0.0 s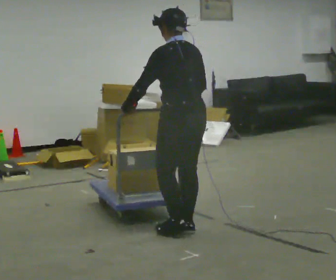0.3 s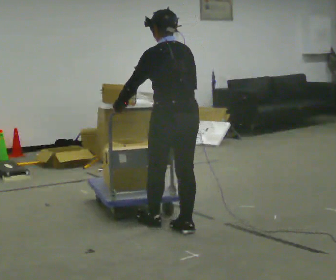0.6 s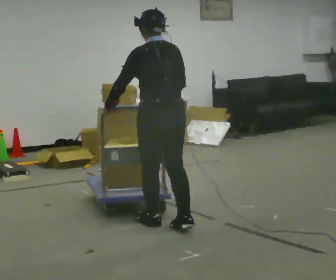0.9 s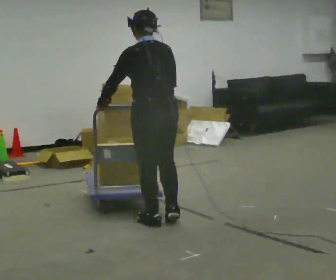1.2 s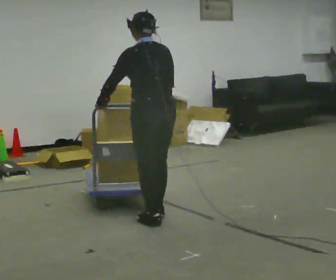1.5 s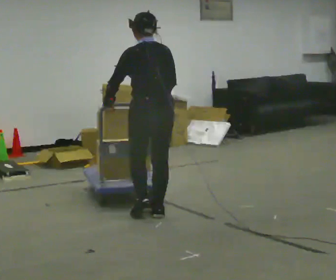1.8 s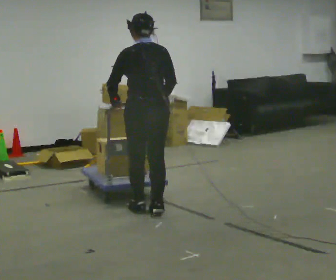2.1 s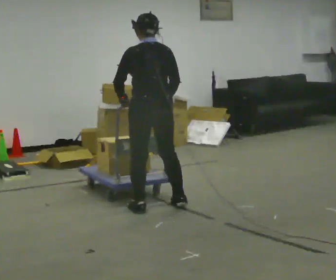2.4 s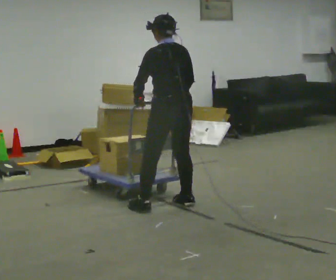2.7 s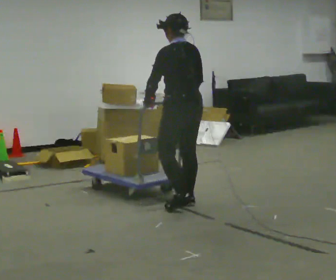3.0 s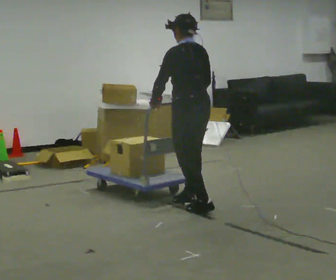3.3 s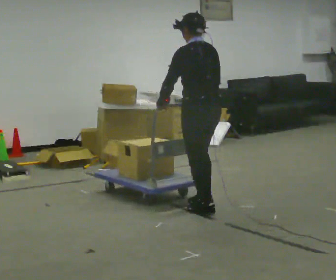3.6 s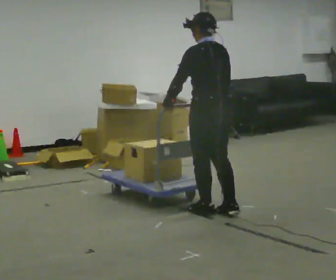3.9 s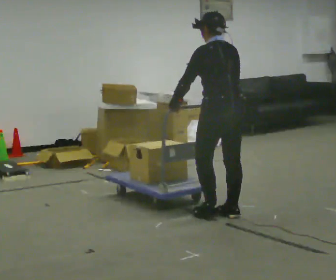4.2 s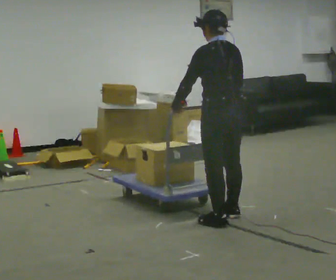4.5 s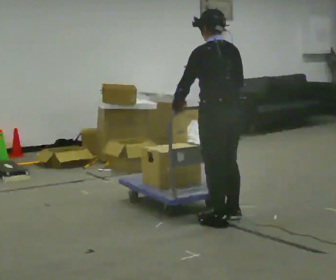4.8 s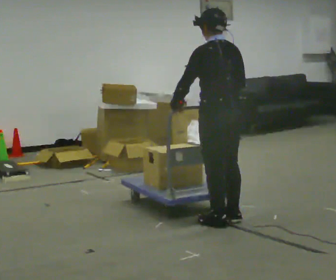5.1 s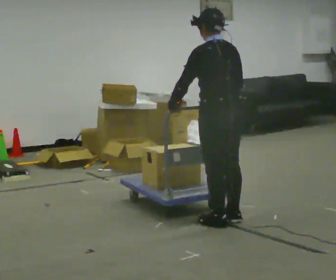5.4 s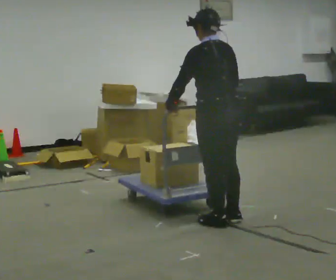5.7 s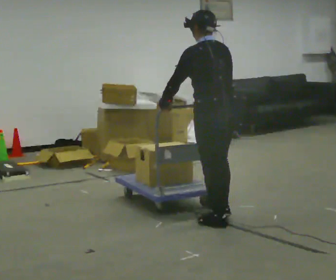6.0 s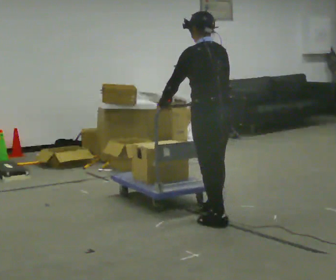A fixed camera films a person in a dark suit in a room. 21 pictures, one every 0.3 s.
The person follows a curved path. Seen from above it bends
clockwise.
0.0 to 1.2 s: In the picture they go away from the camera and to the left, about 0.5 m in 2 steps, which for them is forward.
1.2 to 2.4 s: In the picture they go away from the camera, about 0.5 m in 2 steps, which for them is forward and to their right.
2.4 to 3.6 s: In the picture they go to the right and toward the camera, about 0.5 m in 2 steps, which for them is backward.
3.6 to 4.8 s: In the picture they go toward the camera, about 0.25 m in 1 step, which for them is backward.
4.8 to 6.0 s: The person moves a little, or ends about where they began.
The film runs forward here.
